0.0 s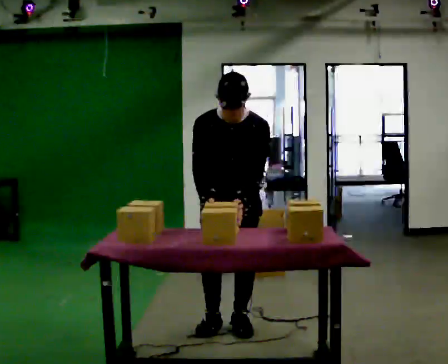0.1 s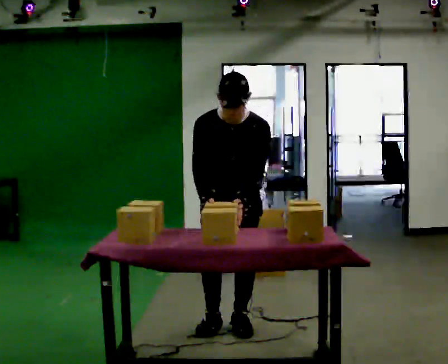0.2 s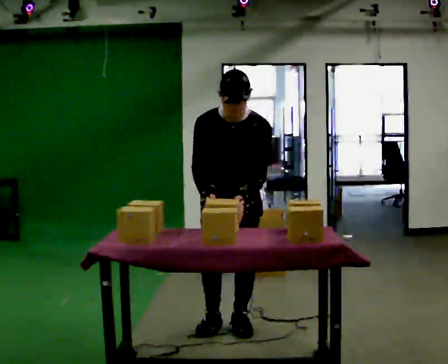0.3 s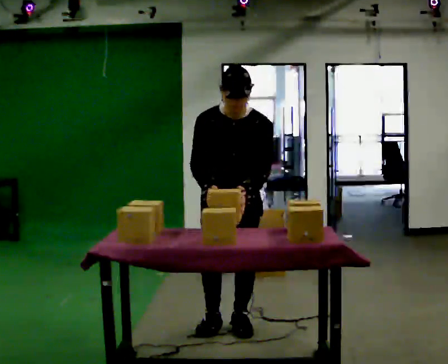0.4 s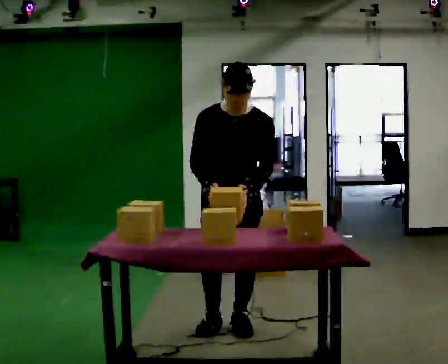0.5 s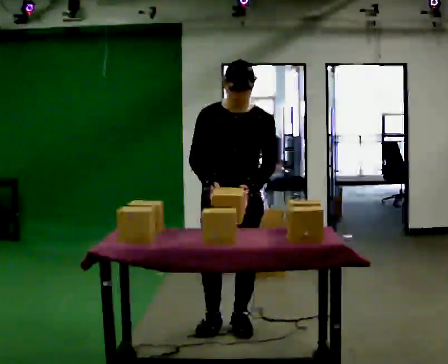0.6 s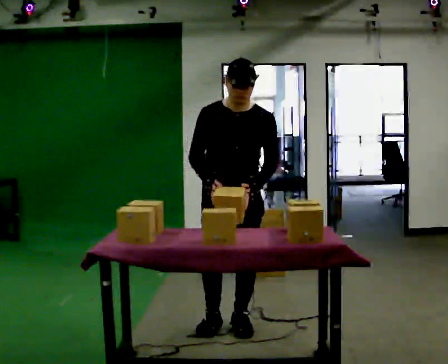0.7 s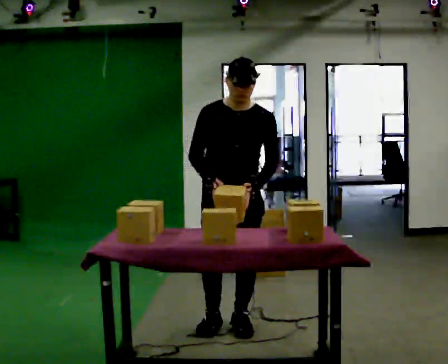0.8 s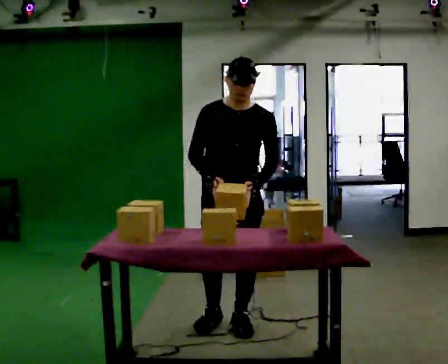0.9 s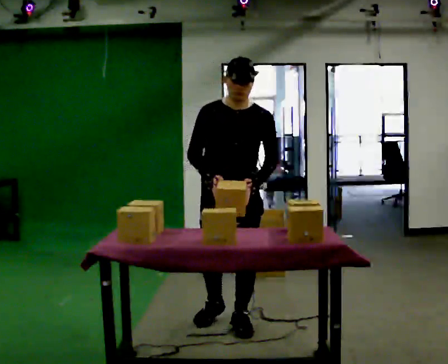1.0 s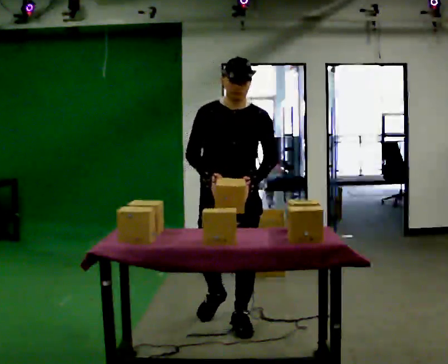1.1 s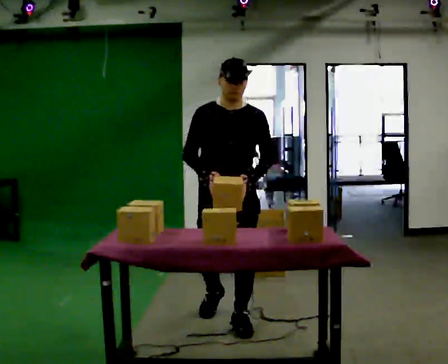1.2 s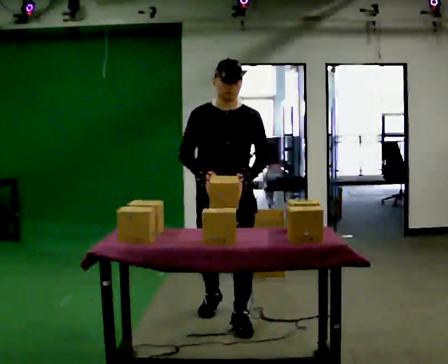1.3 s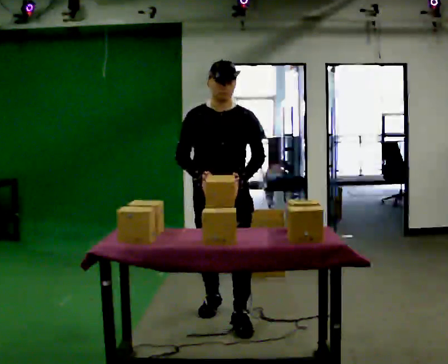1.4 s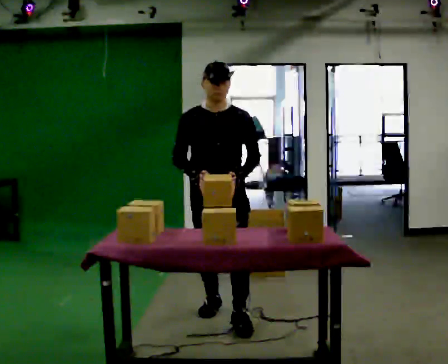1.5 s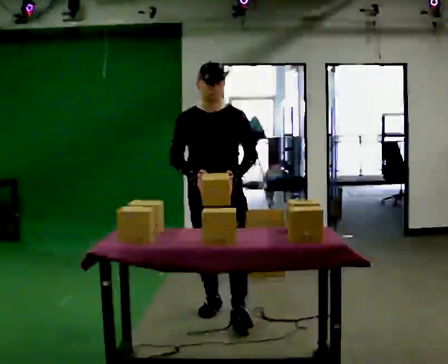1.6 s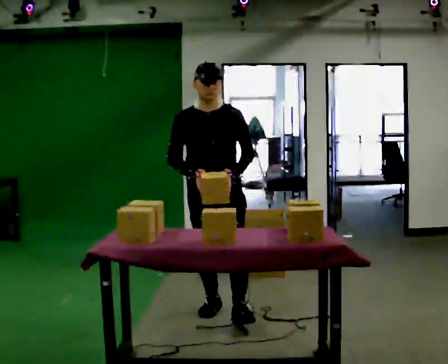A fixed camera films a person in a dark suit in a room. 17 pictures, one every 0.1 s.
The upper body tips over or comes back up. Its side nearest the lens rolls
upward.
0.0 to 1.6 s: In the picture they go away from the camera, about 0.25 m in 1 step, which for them is backward. The upper body tips away from the camera, its near side rolling upward, as they lean back or straighten.
The film runs backward here.
